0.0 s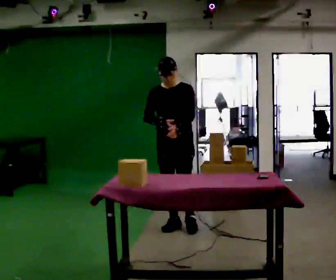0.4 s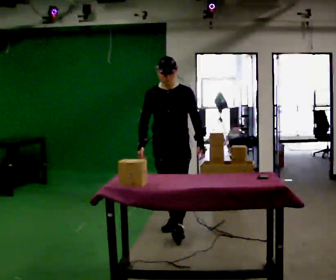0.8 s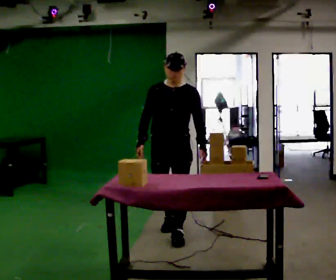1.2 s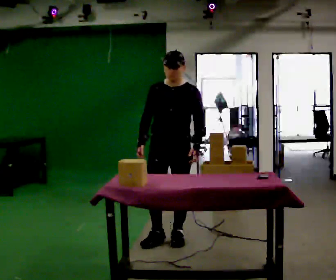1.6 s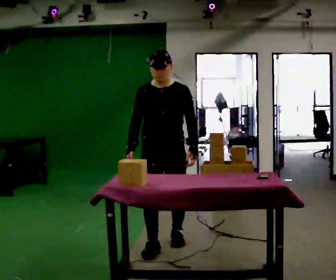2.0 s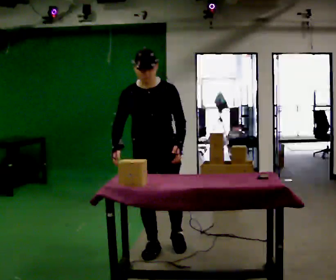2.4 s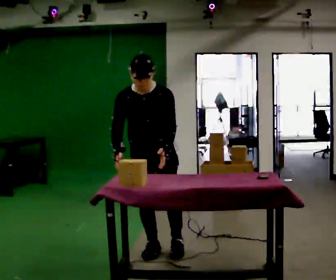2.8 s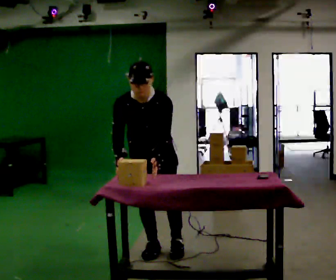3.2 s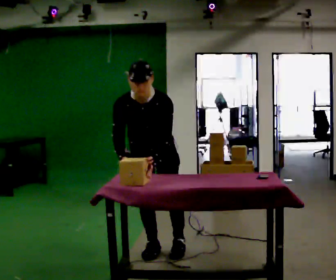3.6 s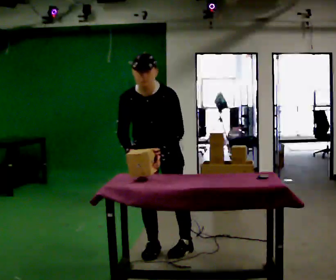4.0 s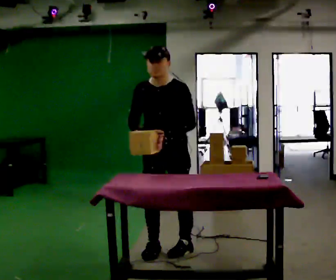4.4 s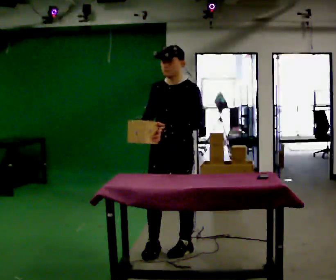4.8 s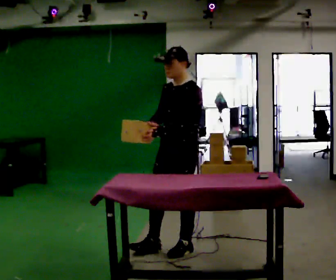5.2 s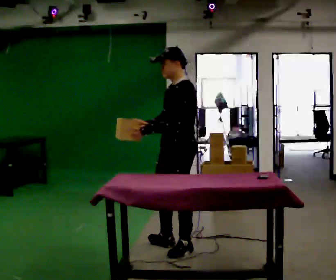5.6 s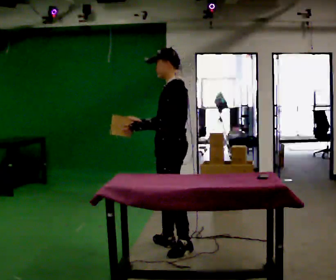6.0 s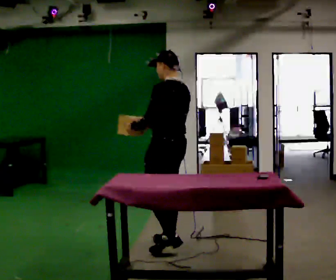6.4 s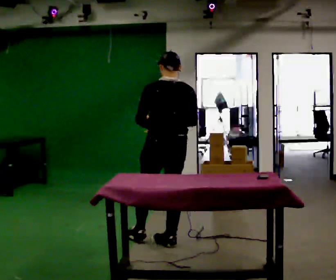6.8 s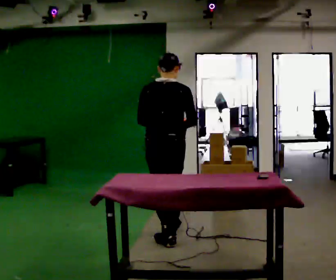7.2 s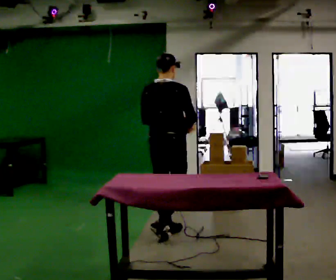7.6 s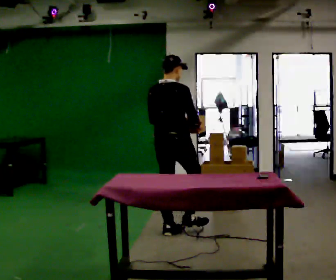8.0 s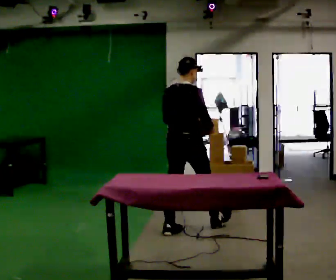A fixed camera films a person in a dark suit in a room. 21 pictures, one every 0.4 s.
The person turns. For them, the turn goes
to their right.
The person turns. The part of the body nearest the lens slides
to the left.
0.0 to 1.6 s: In the picture they go toward the camera, about 0.75 m in 2 steps, which for them is forward.
1.6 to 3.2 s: The upper body tips toward the camera, its near side rolling downward, as they bend forward.
3.2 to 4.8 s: The part of the body nearest the lens slides to the left as the person turns to their right by about 60 degrees. In the picture they go to the right, about 0.25 m, which for them is to their left. The upper body tips away from the camera, its near side rolling upward, as they lean back or straighten.
4.8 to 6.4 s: Seen from above the body turns clockwise, about 105 degrees: to their right, with its near side sliding to the left. In the picture they go away from the camera, about 0.25 m.
6.4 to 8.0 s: Seen from above the body turns clockwise, about 45 degrees: to their right, with its near side sliding to the left. In the picture they go away from the camera, about 0.5 m in 2 steps, which for them is forward.
The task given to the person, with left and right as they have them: 1. Clear everything off the table and put it away on the shelves. 2. Then set the table back up the way the operator shows you in the photo. 3. Tell the operator when you are finished.
The film runs forward here.
